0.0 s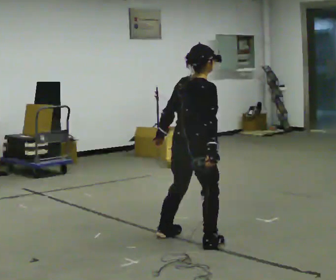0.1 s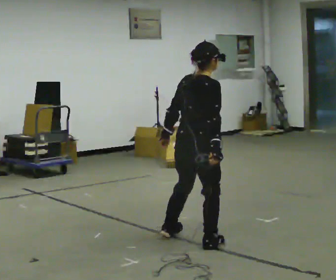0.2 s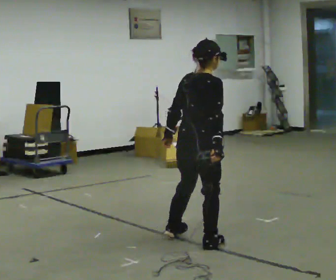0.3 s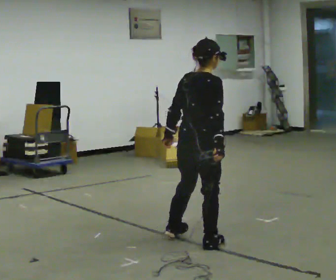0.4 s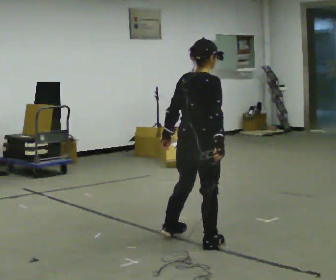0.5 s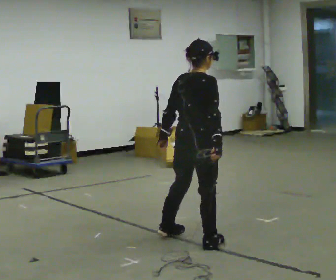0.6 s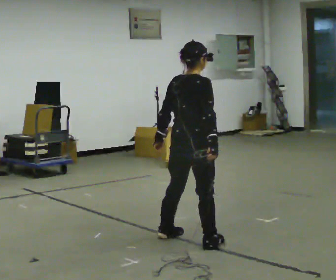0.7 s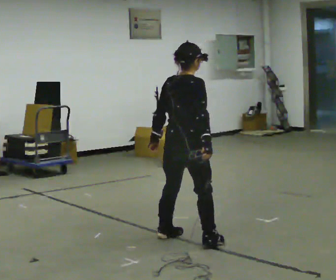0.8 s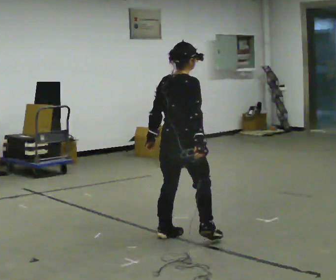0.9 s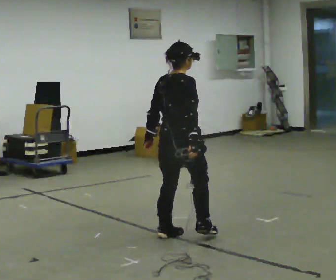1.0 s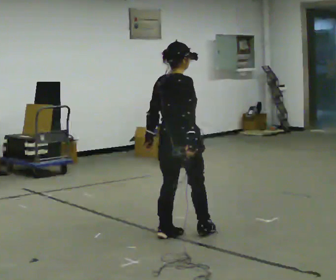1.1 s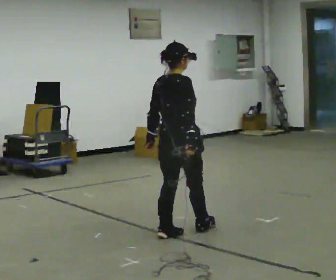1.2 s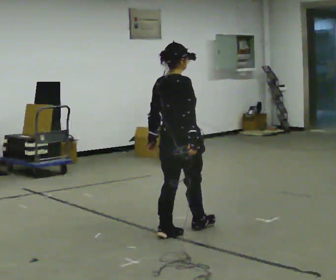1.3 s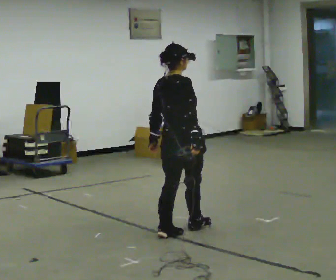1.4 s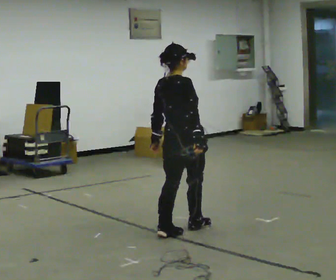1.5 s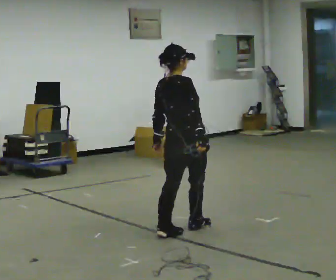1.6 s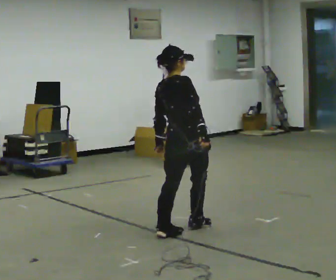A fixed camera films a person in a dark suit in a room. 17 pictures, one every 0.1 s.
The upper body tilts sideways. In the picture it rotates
counterclockwise.
0.0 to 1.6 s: In the picture they go away from the camera, about 0.25 m in 1 step, which for them is to their left and forward. In the picture the upper body tilts counterclockwise, shoulders to the left.
The film runs forward here.
